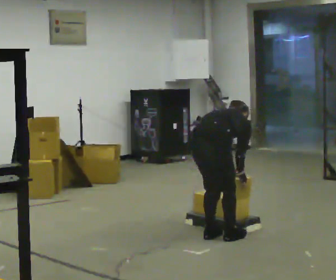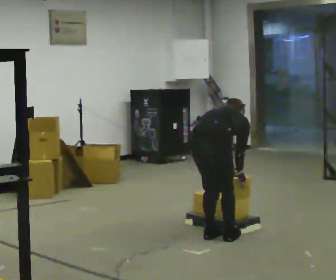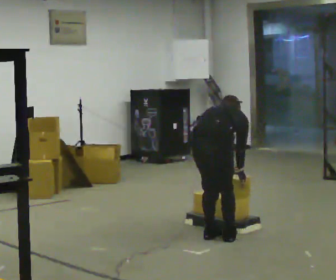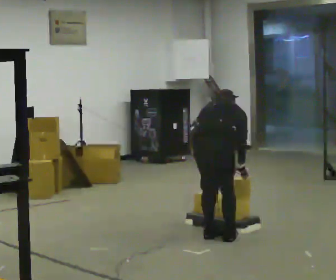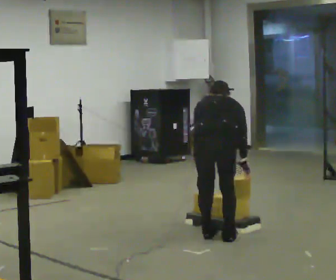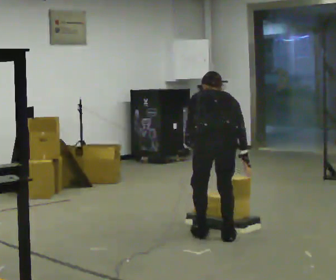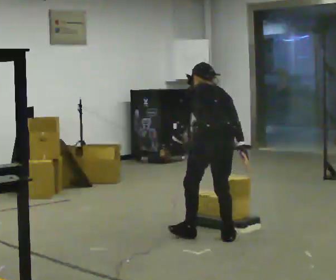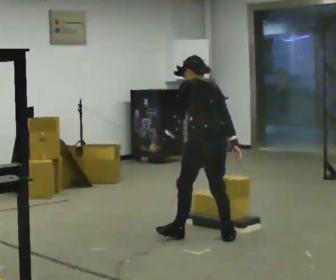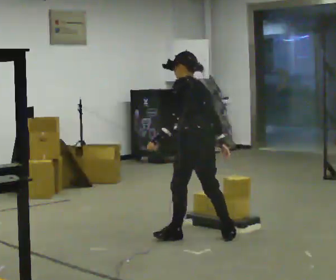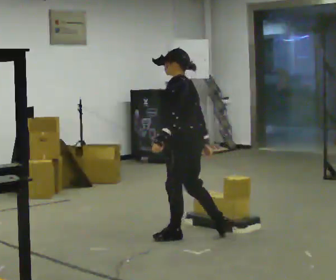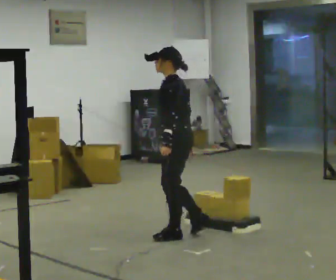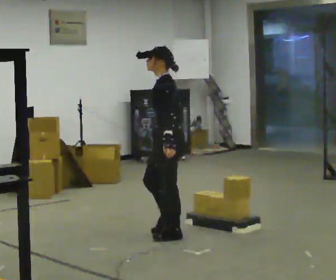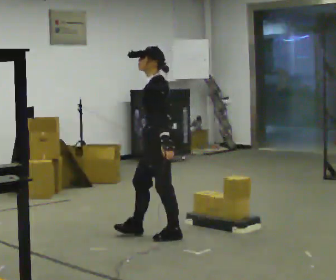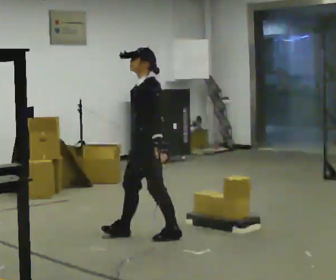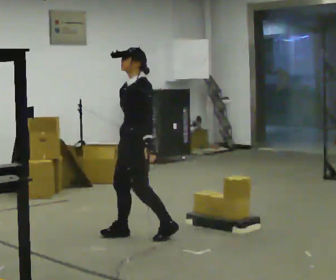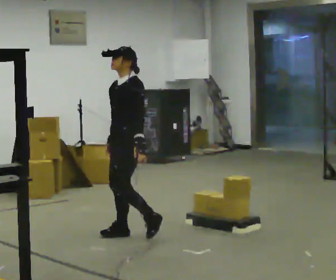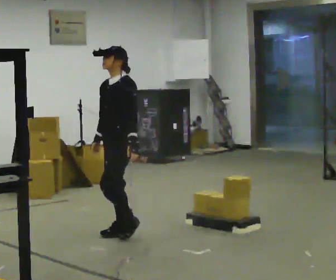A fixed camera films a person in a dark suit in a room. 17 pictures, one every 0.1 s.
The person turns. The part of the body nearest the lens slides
to the right.
The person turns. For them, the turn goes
to their left.
0.0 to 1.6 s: Seen from above the body turns counterclockwise, about 150 degrees: to their left, with its near side sliding to the right. In the picture they go to the left, about 0.5 m in 2 steps. The shoulders move upward. The upper body tips toward the camera, its near side rolling downward, as they lean back or straighten.
The film runs forward here.
